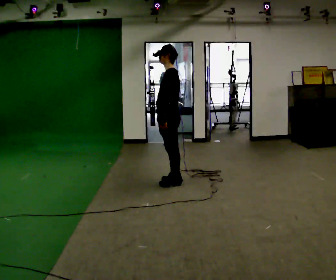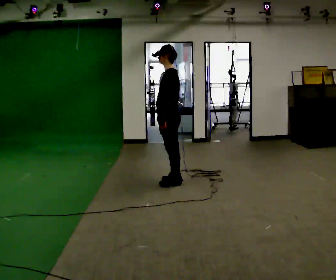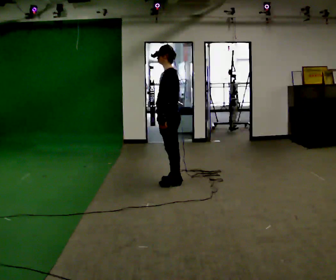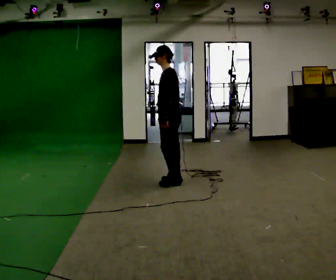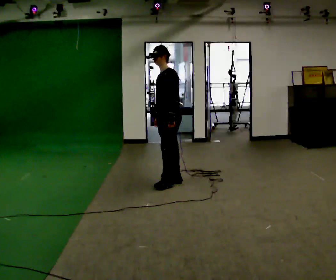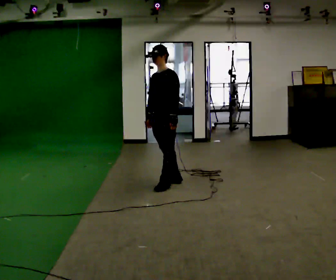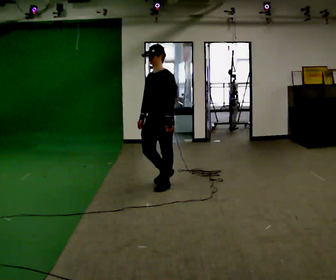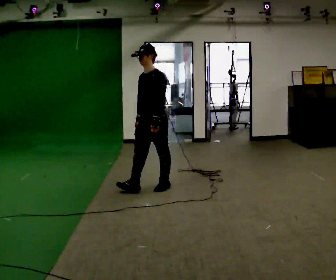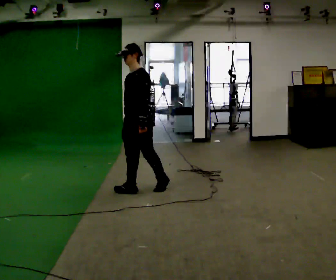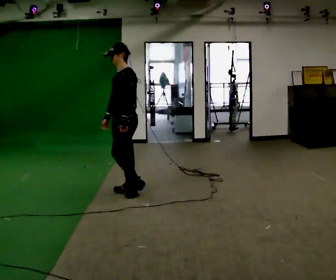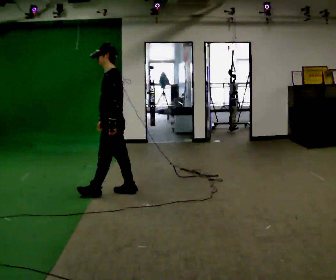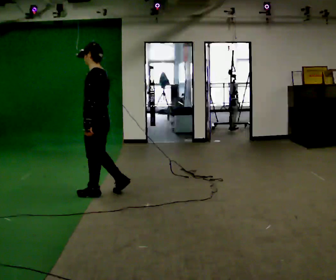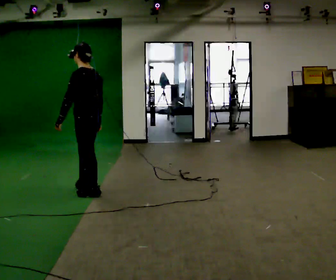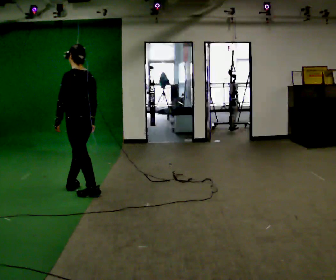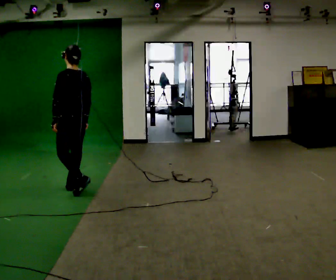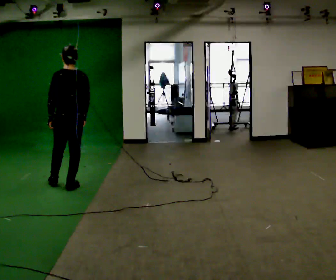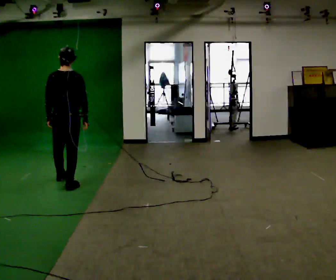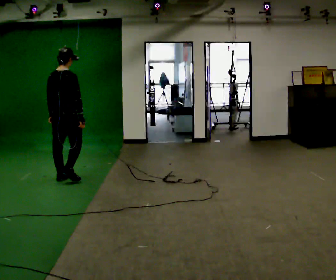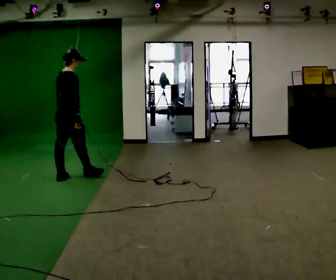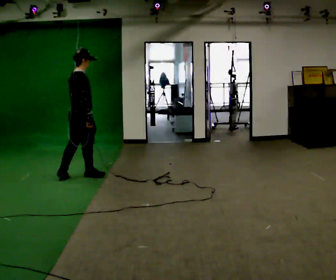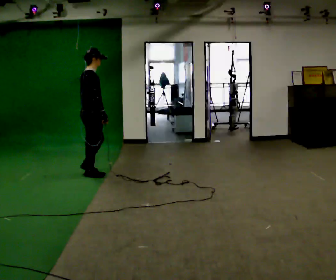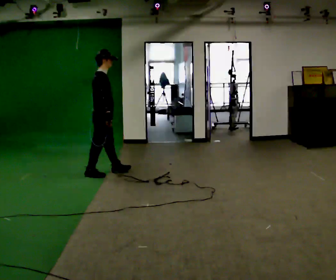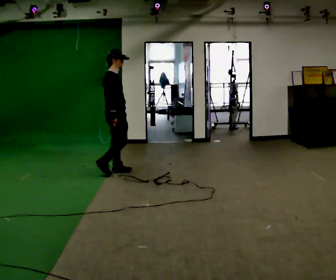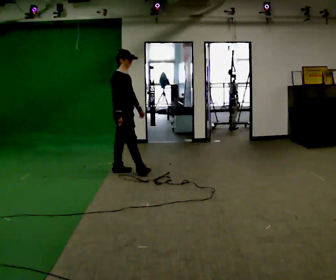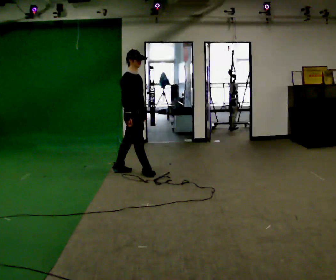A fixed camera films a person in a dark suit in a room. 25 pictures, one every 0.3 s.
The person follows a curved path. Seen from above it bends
clockwise.
0.0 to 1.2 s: The person moves a little, or ends about where they began.
1.2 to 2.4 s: In the picture they go to the left and toward the camera, about 0.5 m in 2 steps, which for them is forward.
2.4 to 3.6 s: Seen from above the body turns clockwise, about 60 degrees: to their right, with its near side sliding to the left. In the picture they go to the left, about 0.5 m in 1 step, which for them is forward.
3.6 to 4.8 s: The part of the body nearest the lens slides to the left as the person turns to their right by about 60 degrees. In the picture they go away from the camera and to the left, about 0.5 m in 2 steps.
4.8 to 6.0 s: The person turns about 60 degrees to their right, clockwise seen from above, so the part of the body nearest the lens slides to the left. In the picture they go away from the camera and to the right, about 0.5 m in 1 step.
6.0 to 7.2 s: Seen from above the body turns clockwise, about 45 degrees: to their right, with its near side sliding to the left. In the picture they go to the right, about 0.5 m in 2 steps, which for them is forward.
The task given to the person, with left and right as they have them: Walk one full figure-eight continuously at comfortable speed; stop.
The film runs forward here.
